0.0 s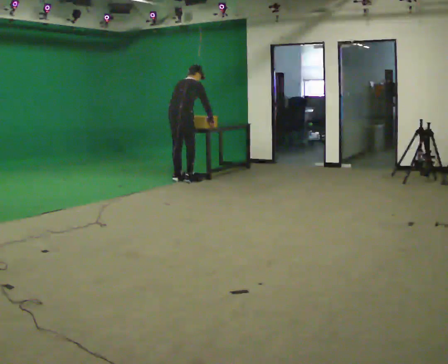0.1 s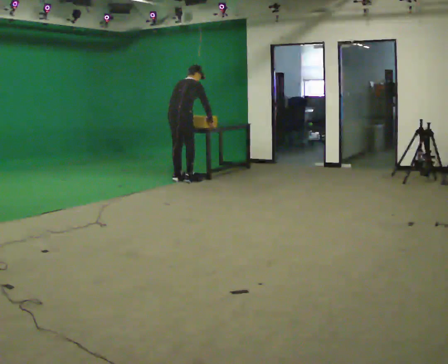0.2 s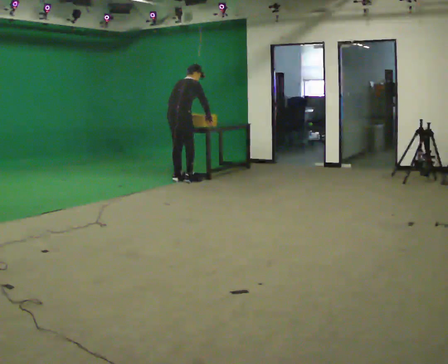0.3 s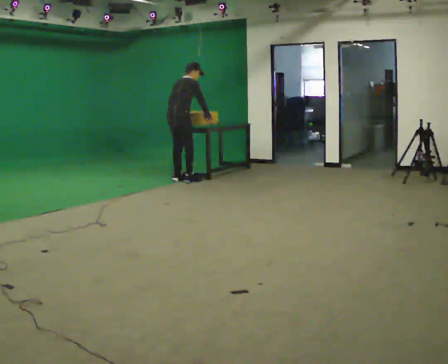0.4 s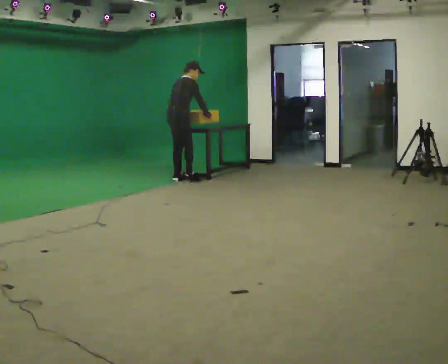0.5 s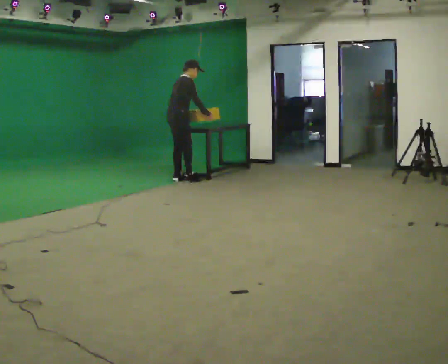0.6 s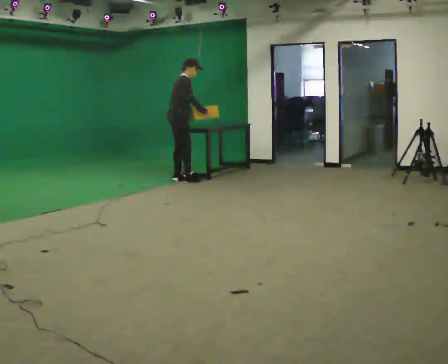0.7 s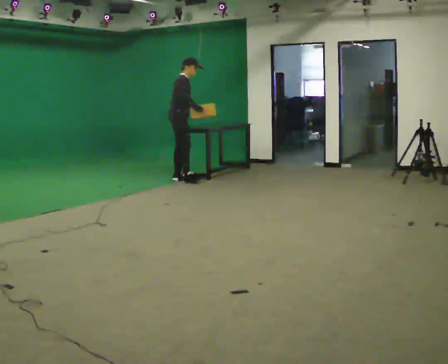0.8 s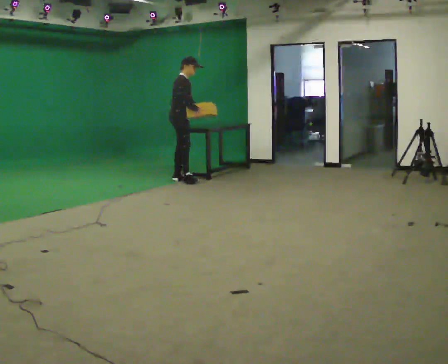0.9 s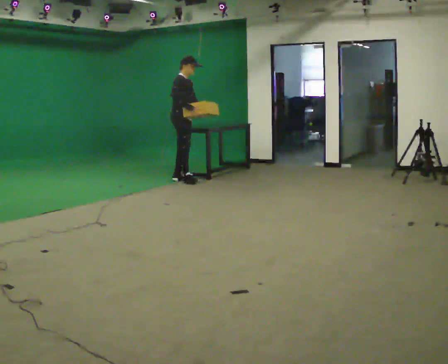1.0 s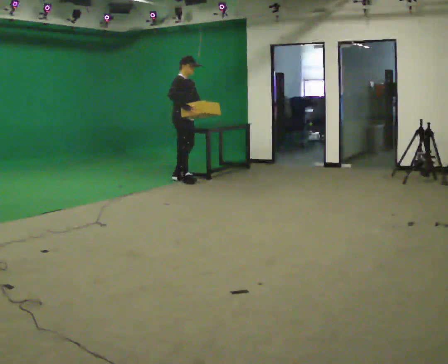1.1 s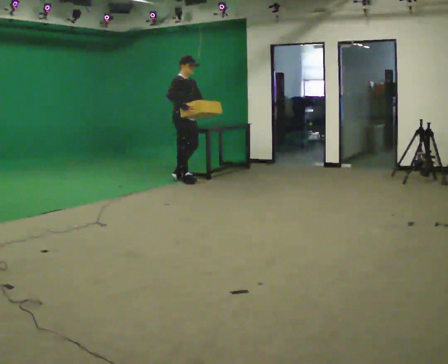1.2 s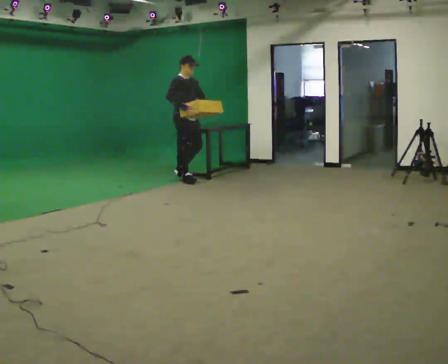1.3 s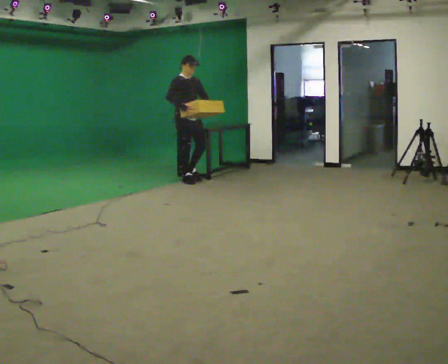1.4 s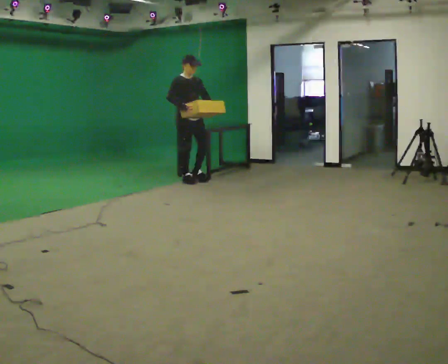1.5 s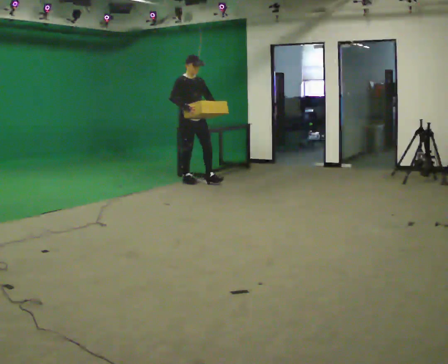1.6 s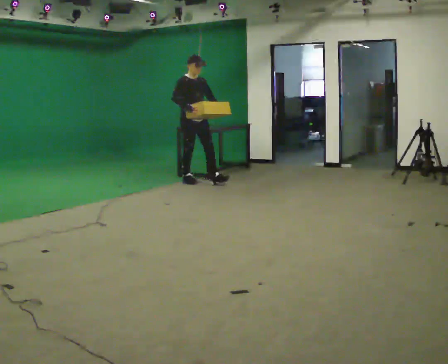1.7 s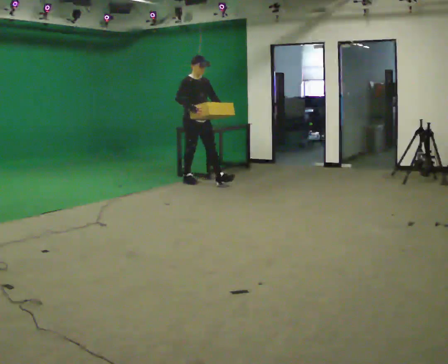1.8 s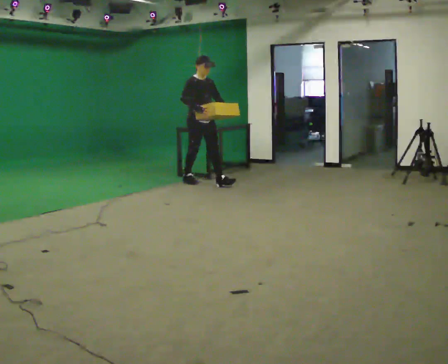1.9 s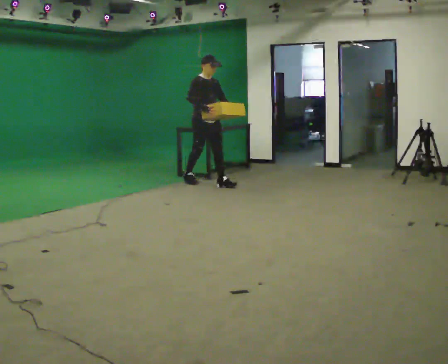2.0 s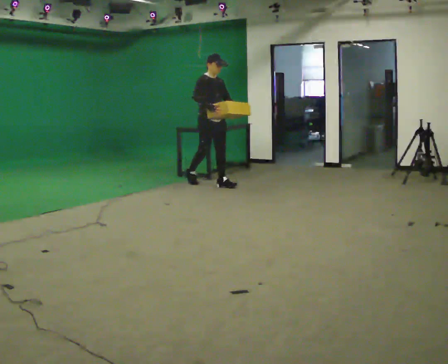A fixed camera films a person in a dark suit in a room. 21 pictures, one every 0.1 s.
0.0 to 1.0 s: The person turns about 75 degrees to their right, clockwise seen from above, so the part of the body nearest the lens slides to the left. The upper body tips toward the camera, its near side rolling downward, as they lean back or straighten. In the picture their left hand goes to the right, the arm swinging counterclockwise.
1.0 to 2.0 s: The person turns about 30 degrees to their right, clockwise seen from above, so the part of the body nearest the lens slides to the left. In the picture they go to the right and toward the camera, about 0.5 m in 1 step, which for them is forward.
The film runs forward here.
